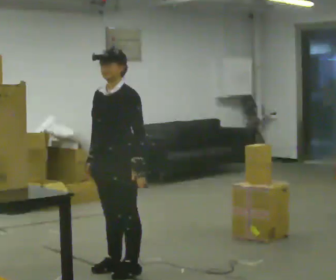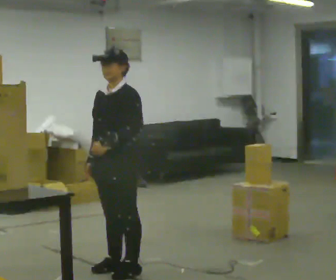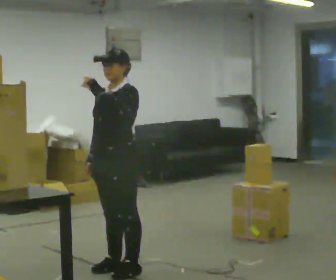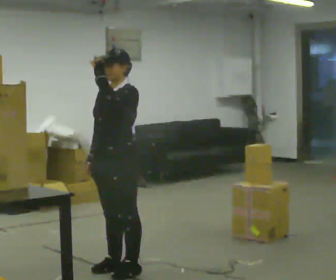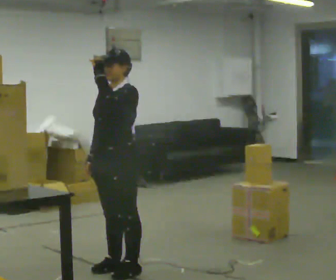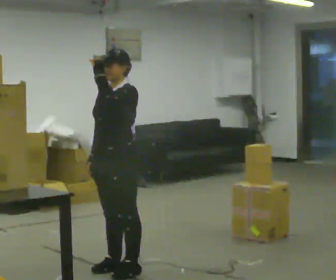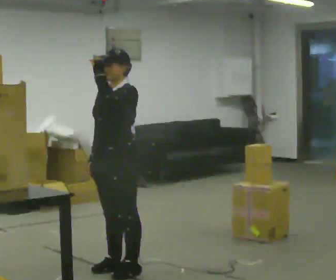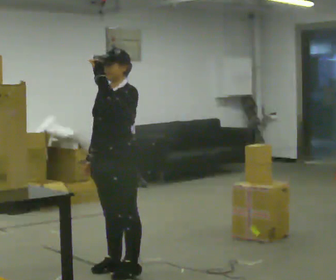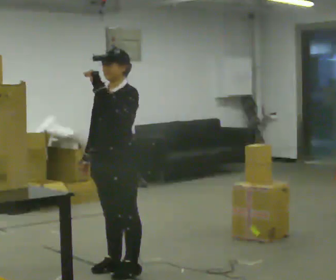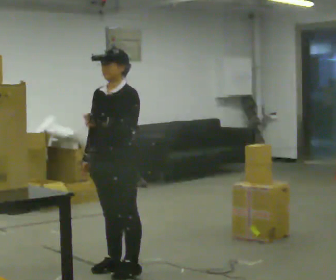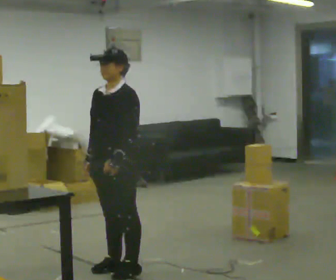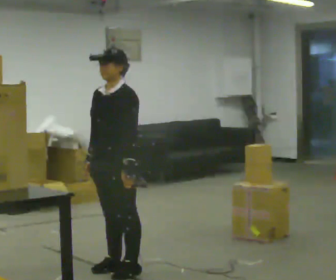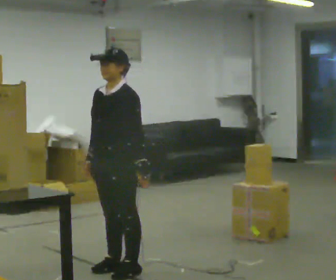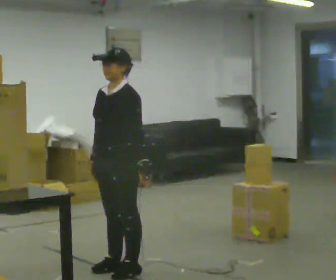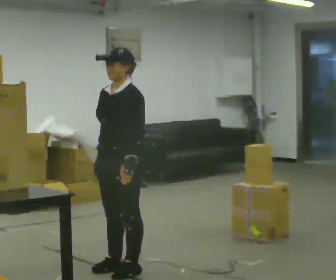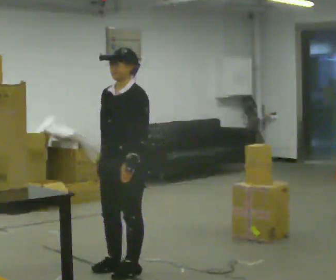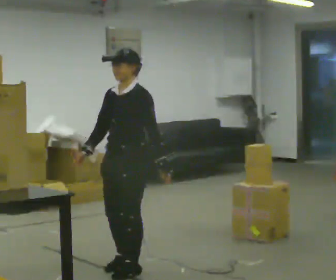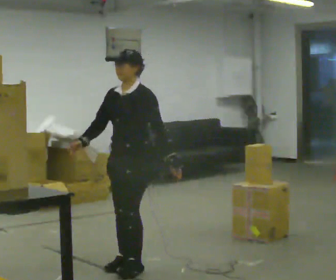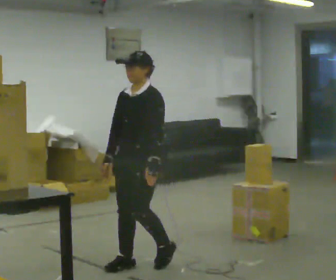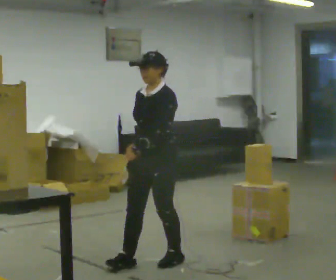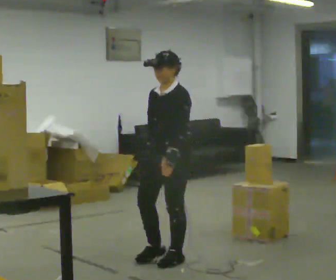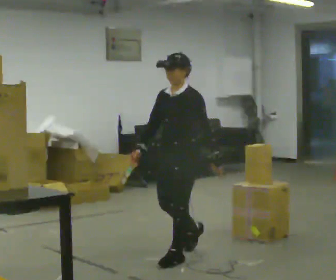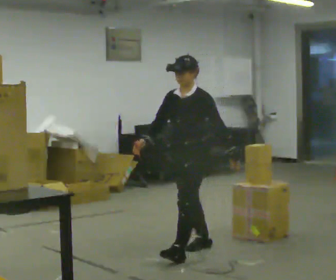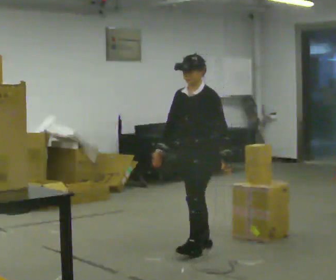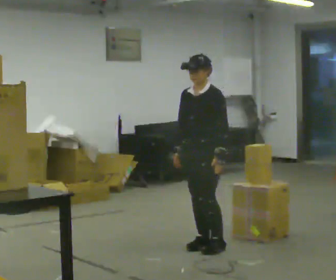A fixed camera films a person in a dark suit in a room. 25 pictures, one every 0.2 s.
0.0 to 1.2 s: In the picture their left hand goes upward.
1.2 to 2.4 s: In the picture their left hand goes downward.
2.4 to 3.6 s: In the picture they go to the right, about 0.25 m in 1 step, which for them is backward.
3.6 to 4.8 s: In the picture they go to the right and away from the camera, about 0.5 m in 2 steps, which for them is backward.
The film runs backward here.
